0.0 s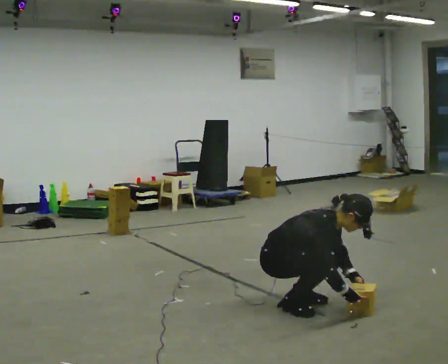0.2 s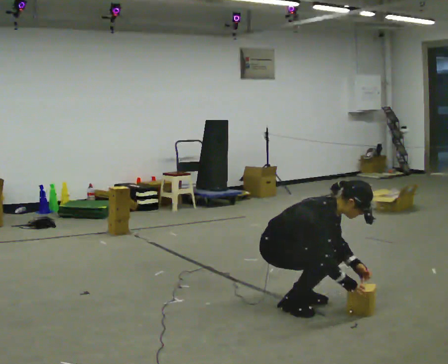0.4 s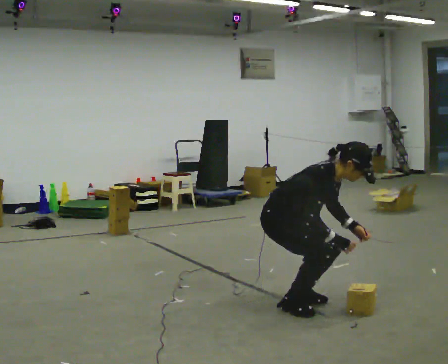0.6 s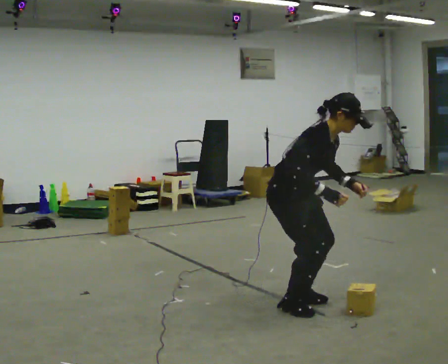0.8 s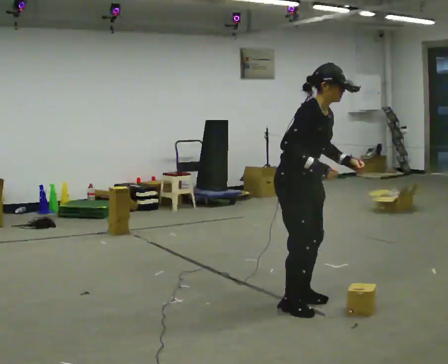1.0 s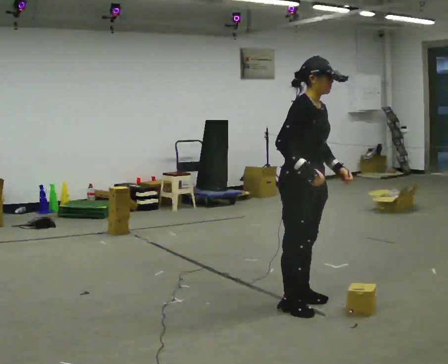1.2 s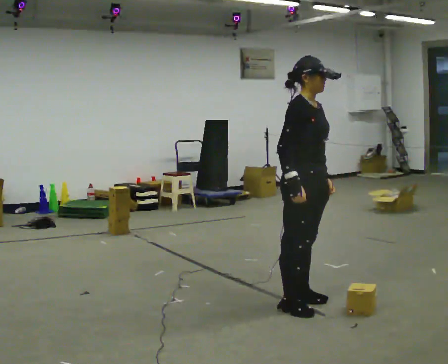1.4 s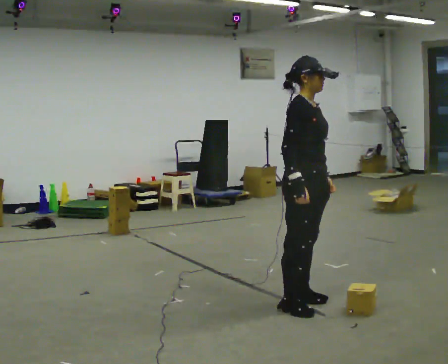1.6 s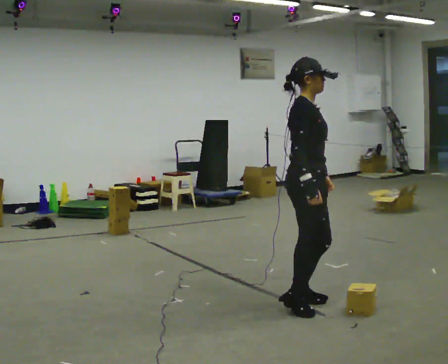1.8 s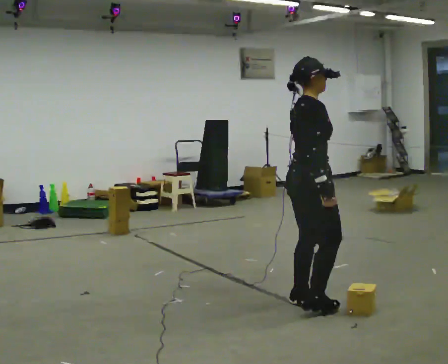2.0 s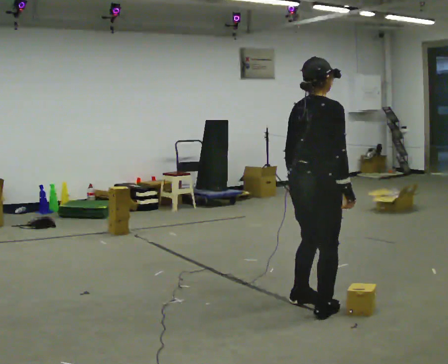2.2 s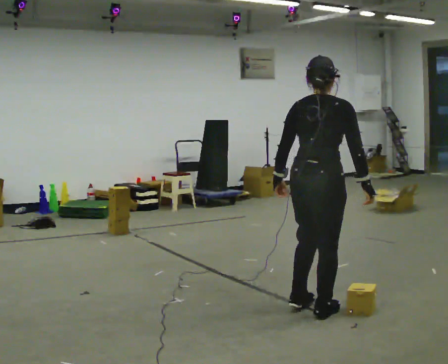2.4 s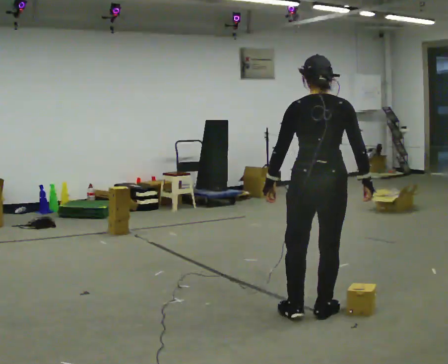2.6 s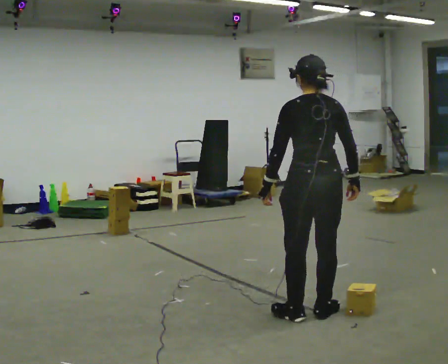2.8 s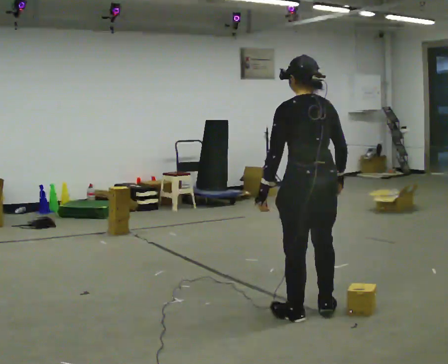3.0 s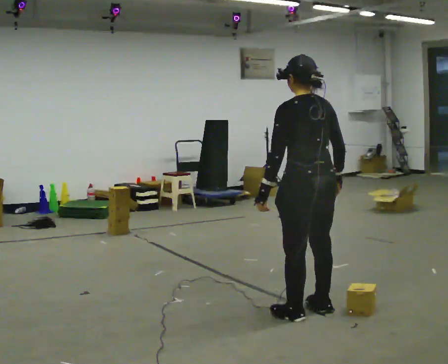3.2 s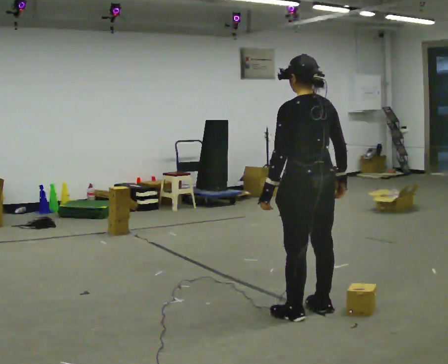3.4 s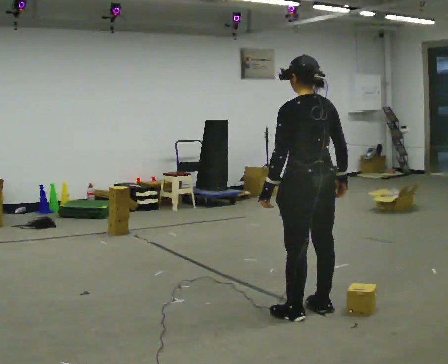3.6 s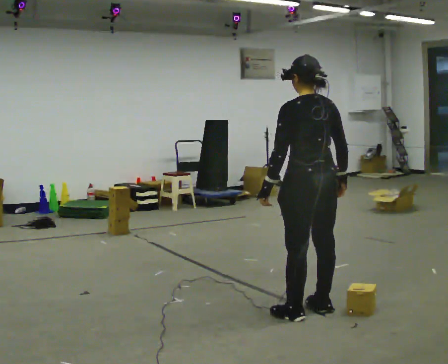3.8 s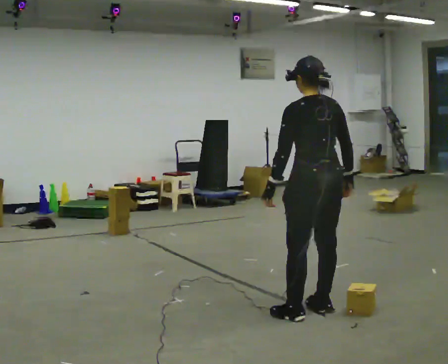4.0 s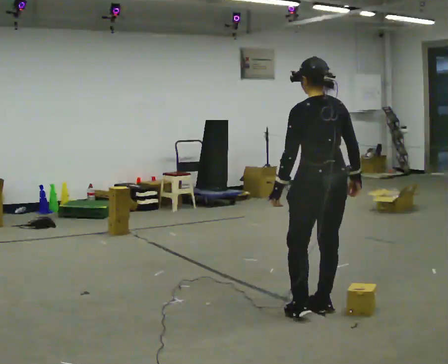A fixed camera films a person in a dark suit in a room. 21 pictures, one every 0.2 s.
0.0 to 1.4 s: In the picture they go to the right, about 0.25 m, which for them is forward. The shoulders move upward. In the picture the upper body tilts counterclockwise, shoulders to the left, as they lean back or straighten. In the picture their right hand goes upward and to the left.
1.4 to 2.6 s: Seen from above the body turns counterclockwise, about 135 degrees: to their left, with its near side sliding to the right. In the picture they go toward the camera, about 0.25 m in 2 steps. In the picture their left hand goes to the left, the arm swinging clockwise.
2.6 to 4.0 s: The person moves a little, or ends about where they began.
The film runs forward here.
